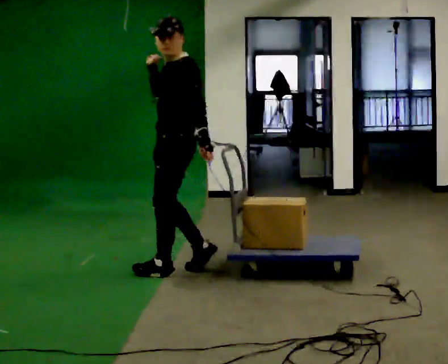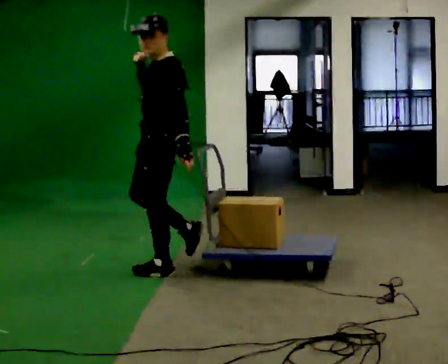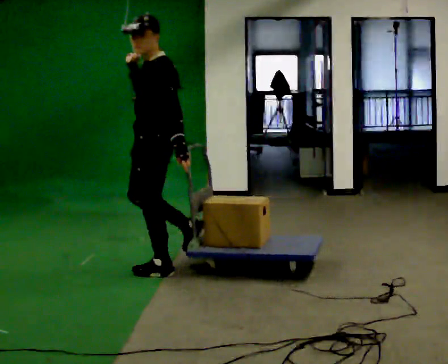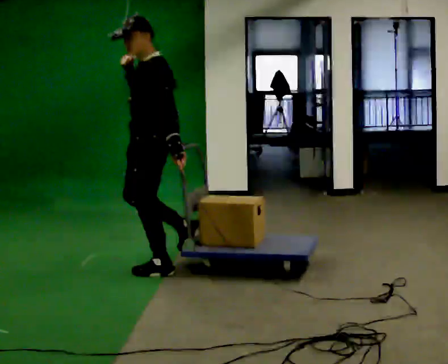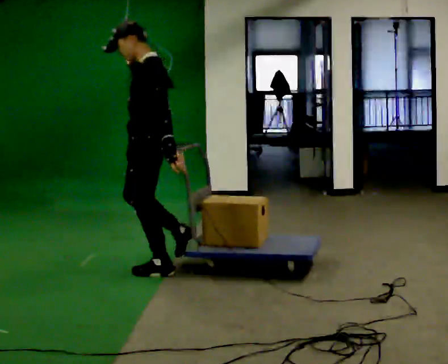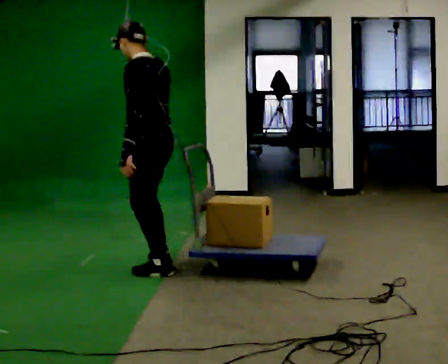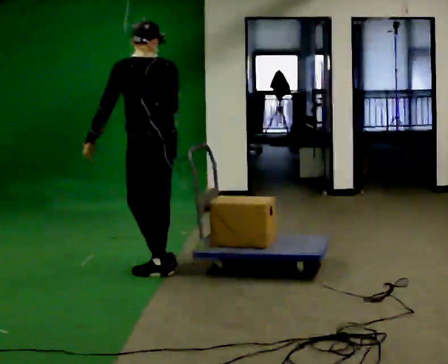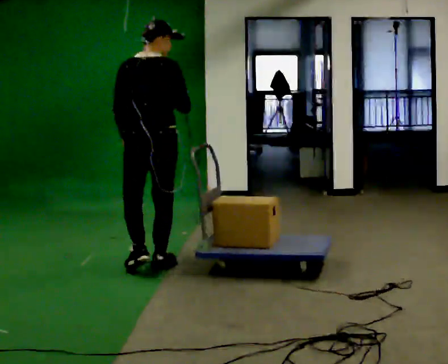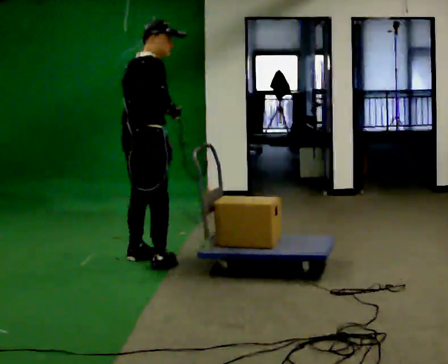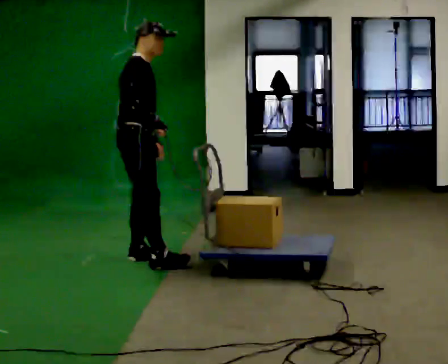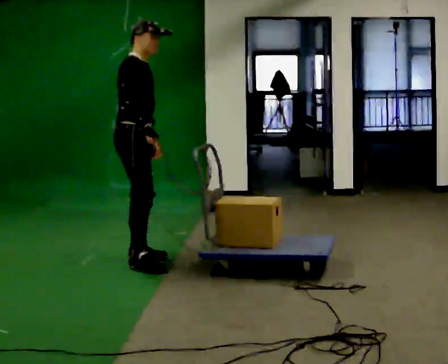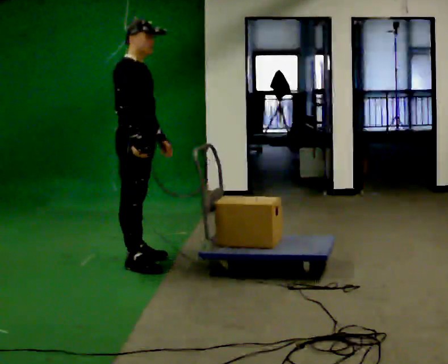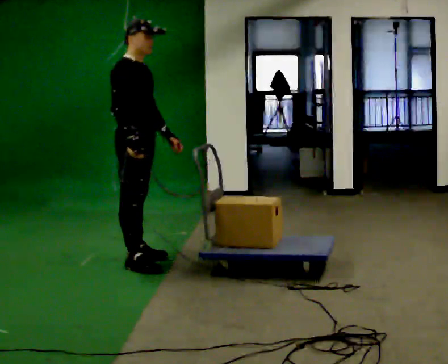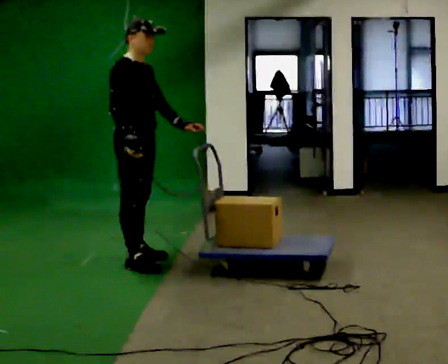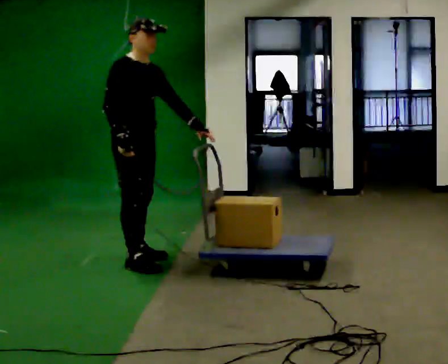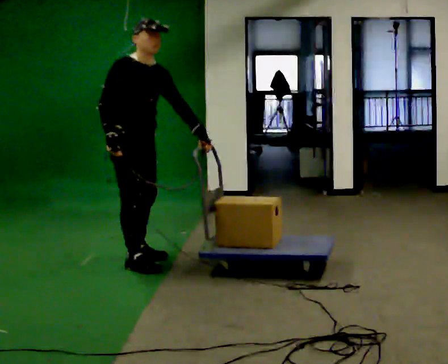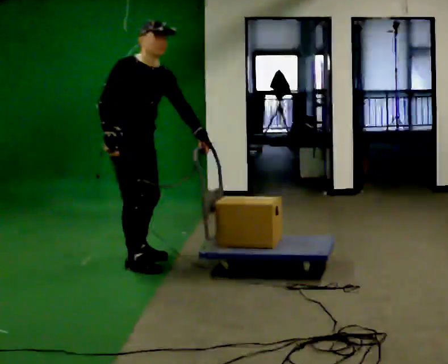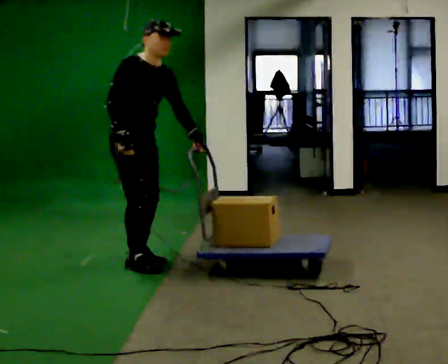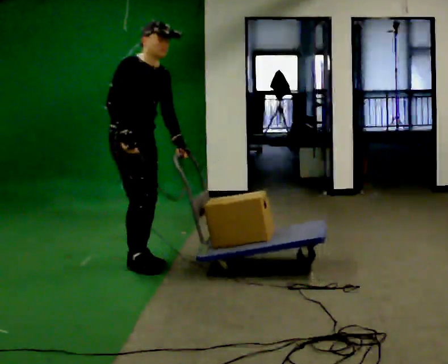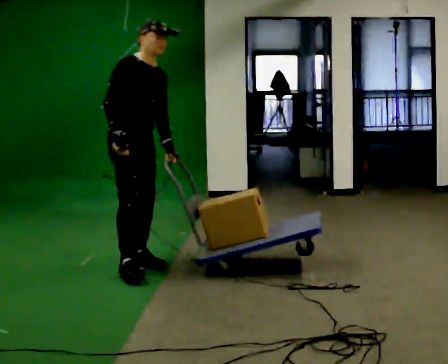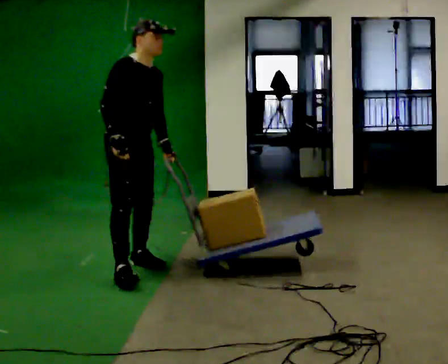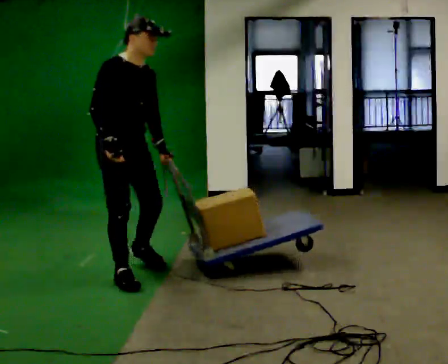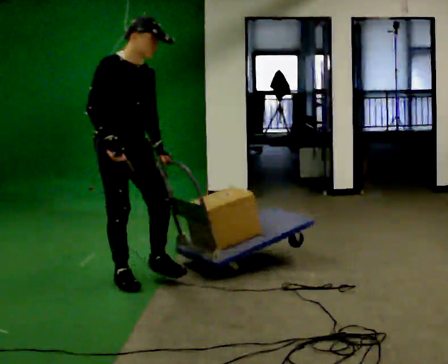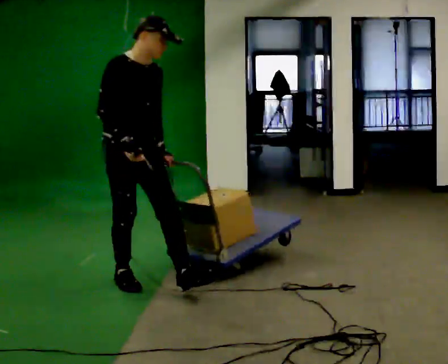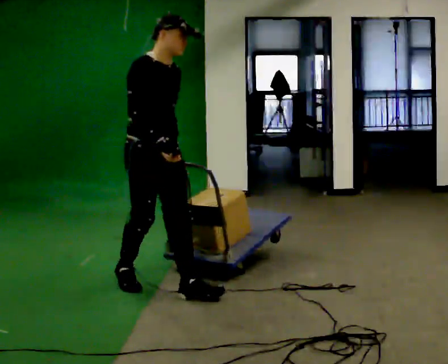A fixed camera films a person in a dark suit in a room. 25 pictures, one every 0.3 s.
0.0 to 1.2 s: In the picture they go to the left, about 0.25 m in 1 step, which for them is forward.
1.2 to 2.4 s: The part of the body nearest the lens slides to the left as the person turns to their right by about 135 degrees. In the picture they go away from the camera, about 0.25 m in 1 step.
2.4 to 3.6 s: The part of the body nearest the lens slides to the left as the person turns to their right by about 60 degrees.
3.6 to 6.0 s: In the picture they go toward the camera, about 0.25 m in 1 step, which for them is to their right and forward.
6.0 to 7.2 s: In the picture they go toward the camera and to the right, about 0.5 m in 1 step, which for them is forward.
The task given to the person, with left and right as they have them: Put the rope over your shoulder and drag the sled across the room. Keep going until the operator says stop.
The film runs forward here.
